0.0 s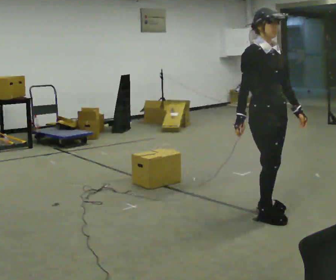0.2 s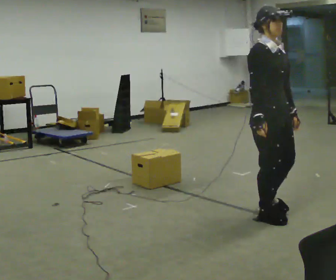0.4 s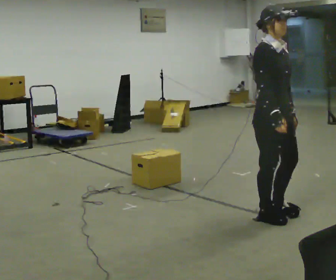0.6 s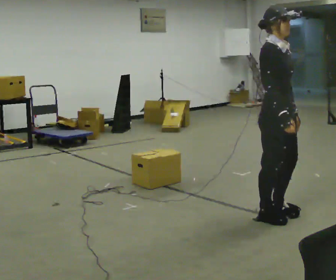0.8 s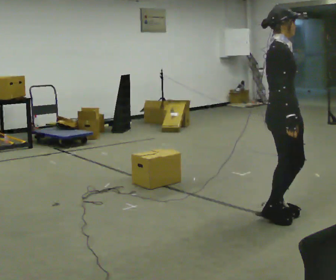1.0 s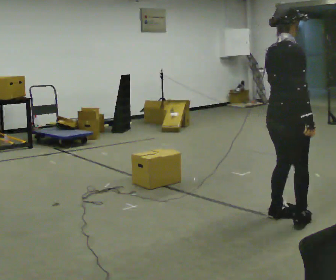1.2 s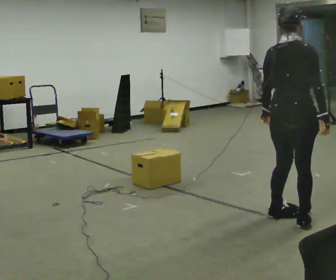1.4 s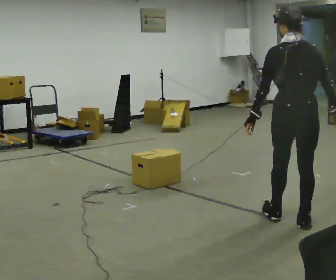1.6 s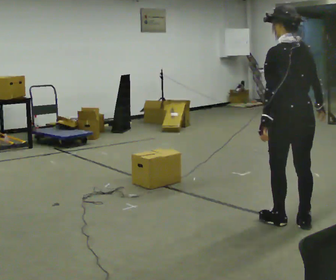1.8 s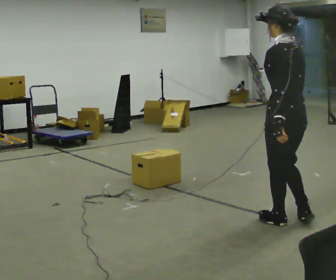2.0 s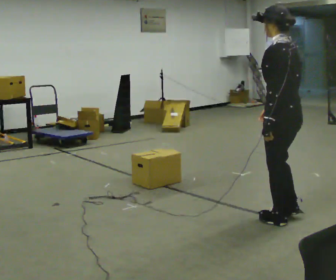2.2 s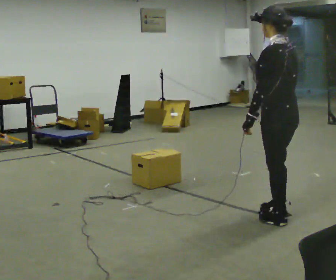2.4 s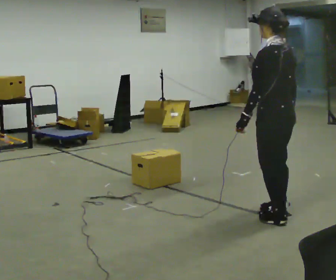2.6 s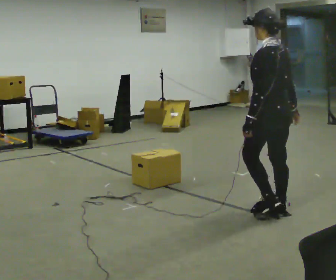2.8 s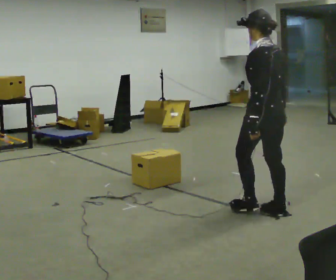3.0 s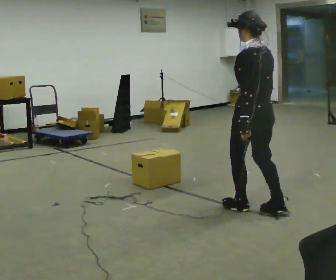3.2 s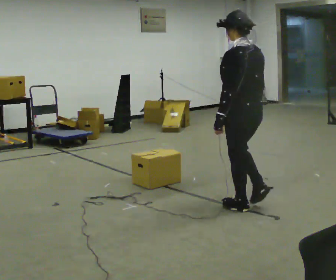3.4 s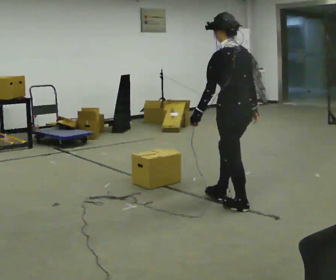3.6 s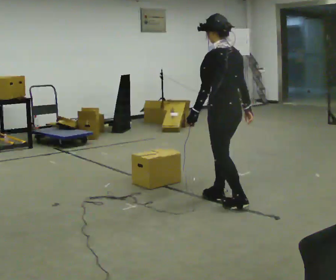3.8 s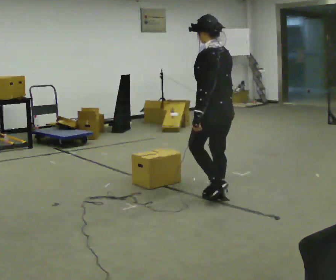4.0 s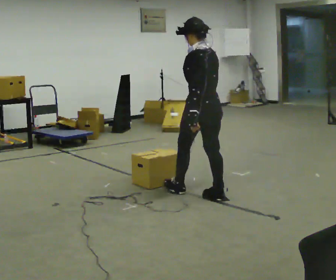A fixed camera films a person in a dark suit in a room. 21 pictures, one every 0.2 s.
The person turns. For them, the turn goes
to their left.
The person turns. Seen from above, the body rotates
counterclockwise.
0.0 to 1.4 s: Seen from above the body turns counterclockwise, about 135 degrees: to their left, with its near side sliding to the right. In the picture they go to the right and toward the camera, about 0.25 m in 2 steps.
1.4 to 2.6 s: Seen from above the body turns counterclockwise, about 45 degrees: to their left, with its near side sliding to the right. In the picture they go away from the camera and to the left, about 0.25 m in 2 steps, which for them is forward and to their right.
2.6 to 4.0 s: In the picture they go to the left and away from the camera, about 0.5 m in 2 steps, which for them is forward.
The film runs forward here.
